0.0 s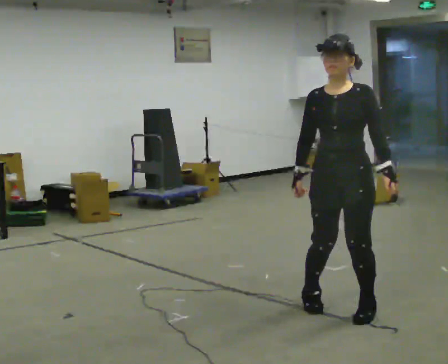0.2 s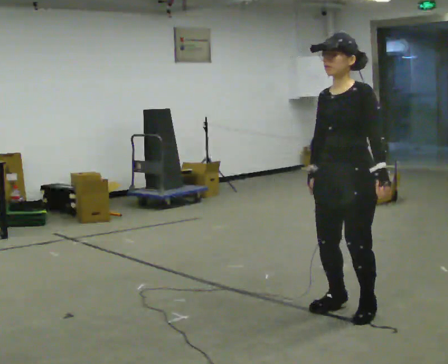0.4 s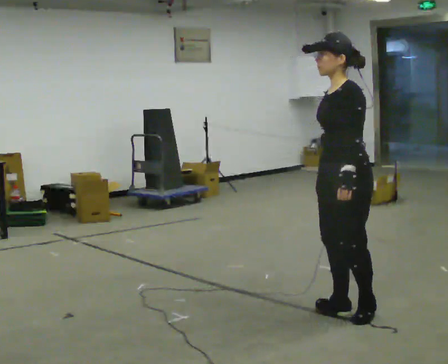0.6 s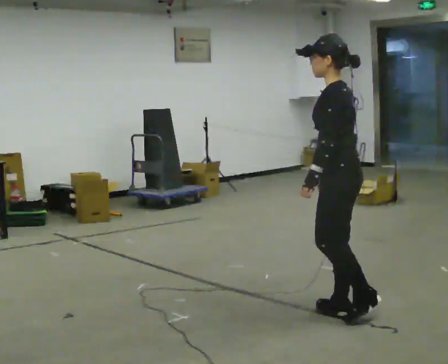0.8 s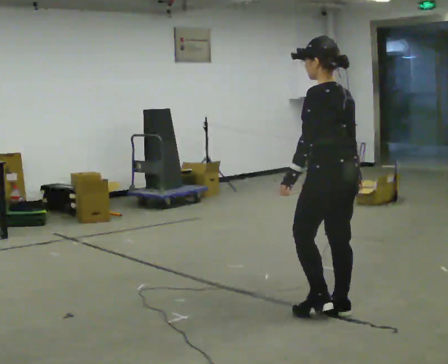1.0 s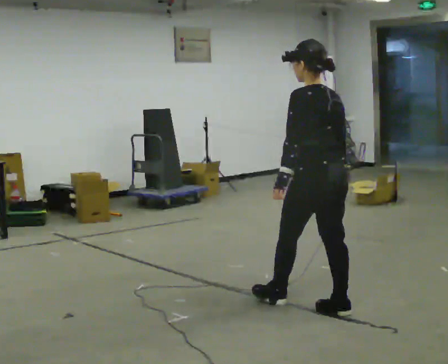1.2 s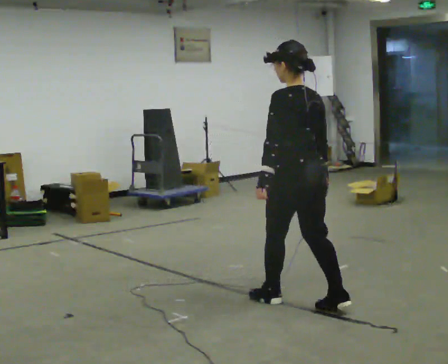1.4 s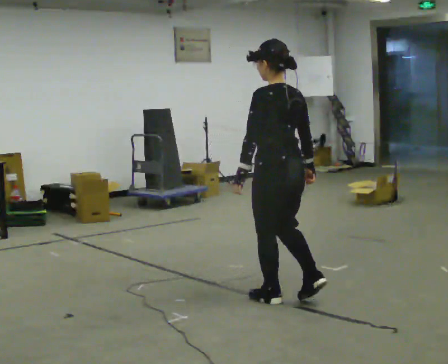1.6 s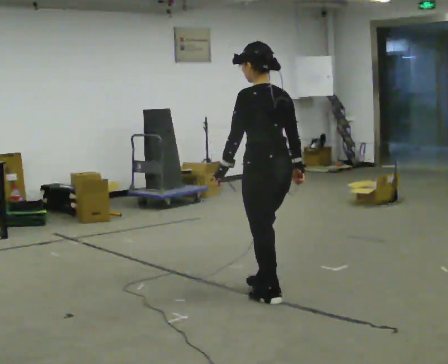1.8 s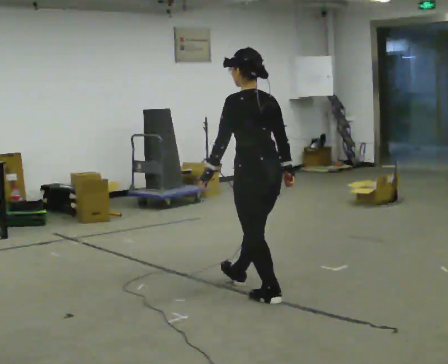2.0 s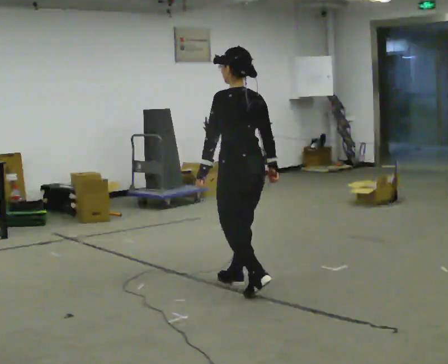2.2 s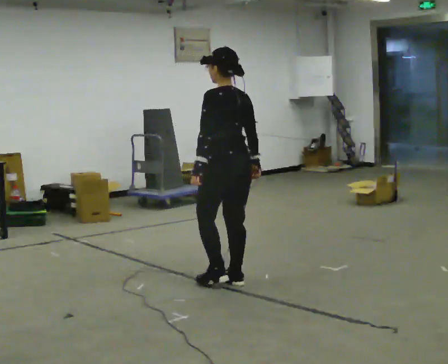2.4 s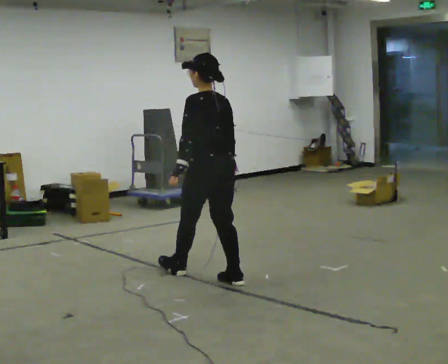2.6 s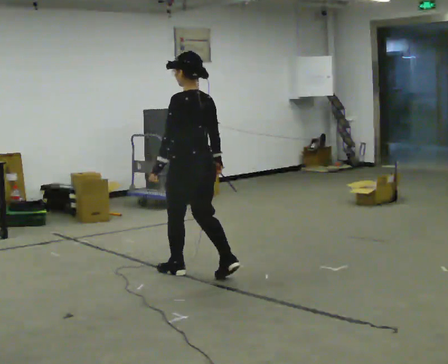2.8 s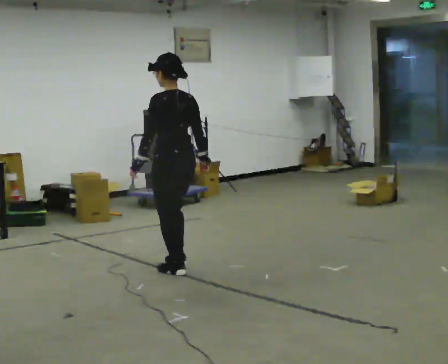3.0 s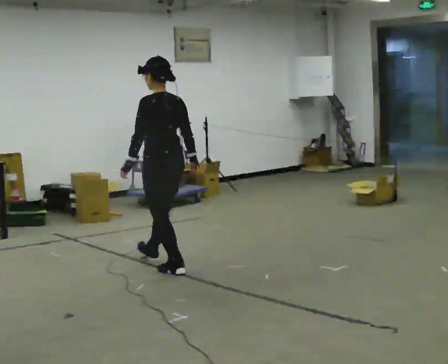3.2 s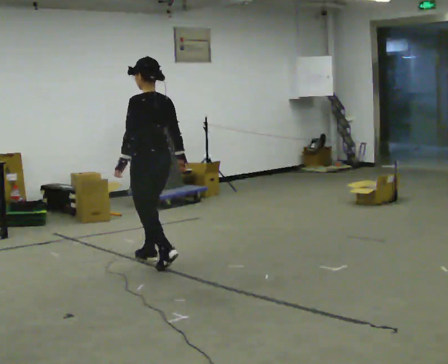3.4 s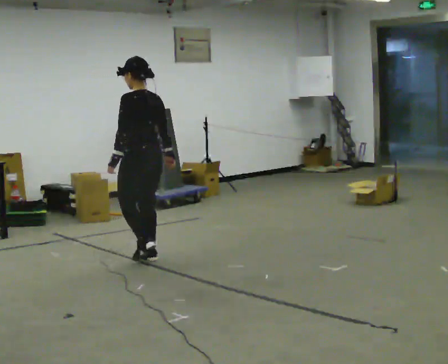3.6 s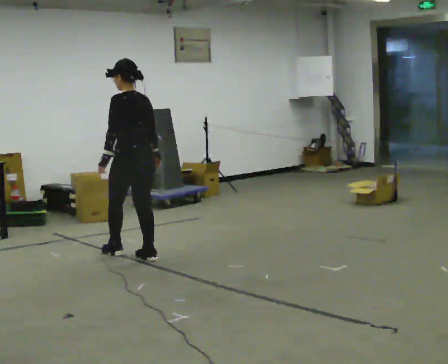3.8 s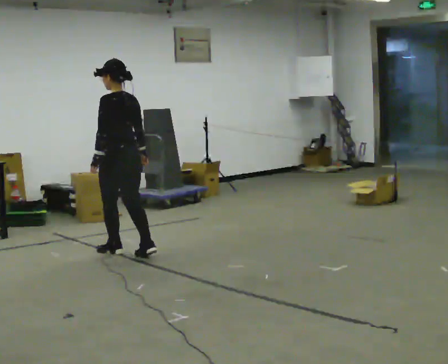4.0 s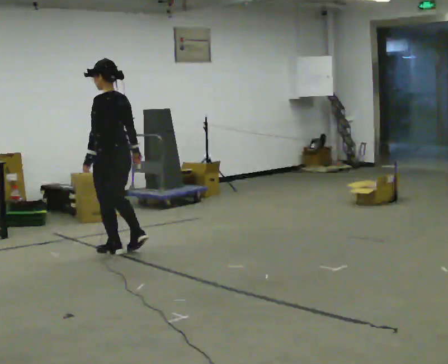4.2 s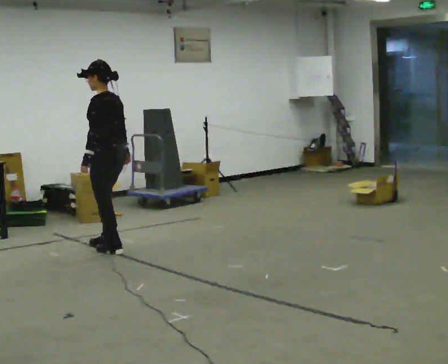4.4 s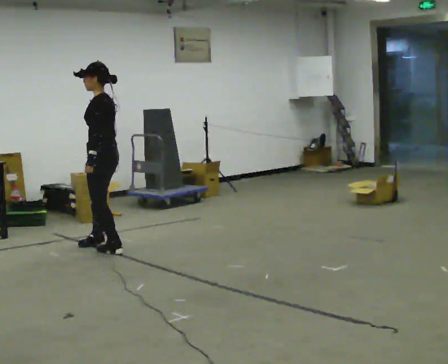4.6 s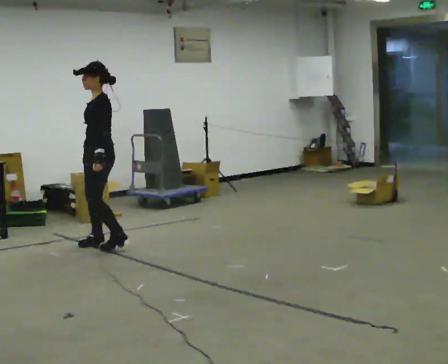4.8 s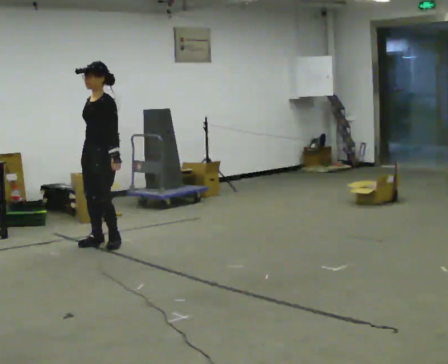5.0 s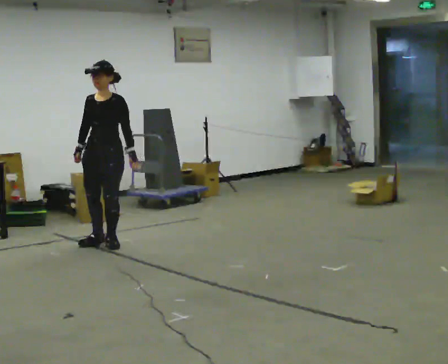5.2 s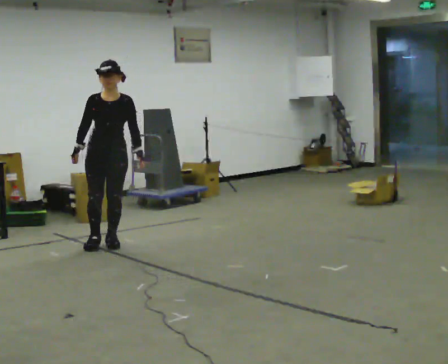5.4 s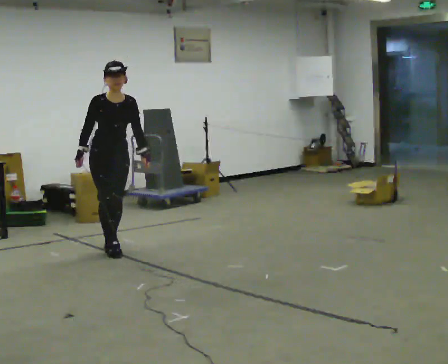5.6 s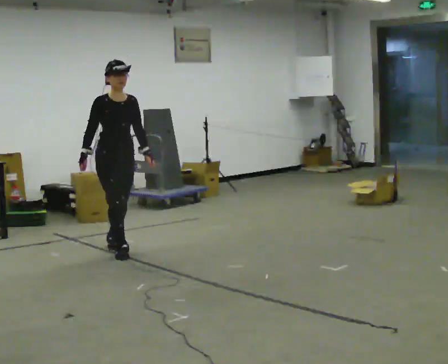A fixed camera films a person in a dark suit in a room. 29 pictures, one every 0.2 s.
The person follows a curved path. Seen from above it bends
clockwise.
0.0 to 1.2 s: The part of the body nearest the lens slides to the left as the person turns to their right by about 135 degrees. In the picture they go away from the camera and to the left, about 0.25 m in 1 step.
1.2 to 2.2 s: In the picture they go away from the camera and to the left, about 0.75 m in 2 steps, which for them is forward.
2.2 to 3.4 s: In the picture they go away from the camera and to the left, about 1 m in 2 steps, which for them is forward.
3.4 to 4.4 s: The person turns about 30 degrees to their left, counterclockwise seen from above, so the part of the body nearest the lens slides to the right. In the picture they go away from the camera and to the left, about 0.5 m in 1 step, which for them is forward.
4.4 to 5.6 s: Seen from above the body turns counterclockwise, about 135 degrees: to their left, with its near side sliding to the right.
The film runs backward here.
